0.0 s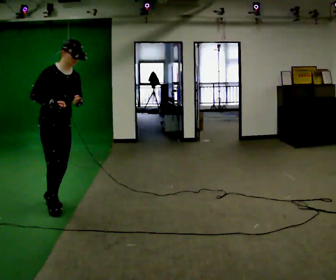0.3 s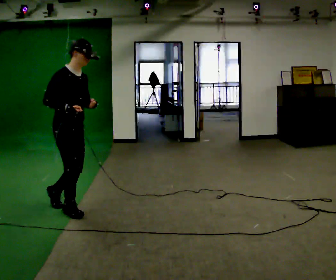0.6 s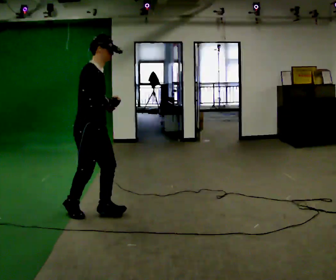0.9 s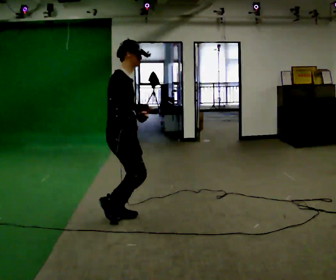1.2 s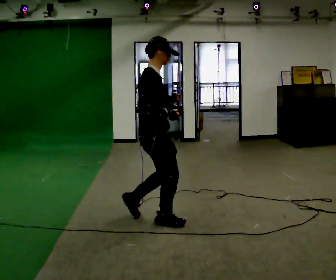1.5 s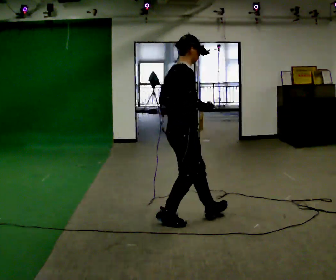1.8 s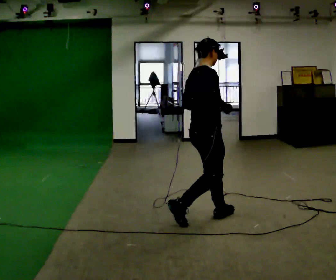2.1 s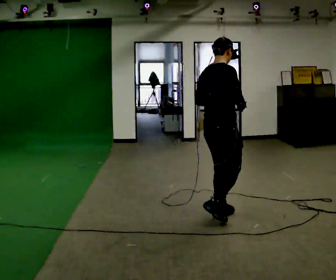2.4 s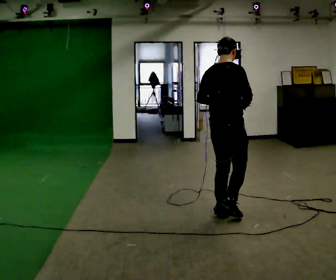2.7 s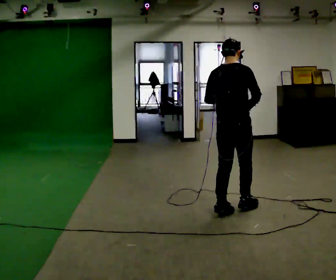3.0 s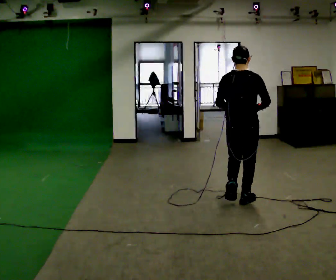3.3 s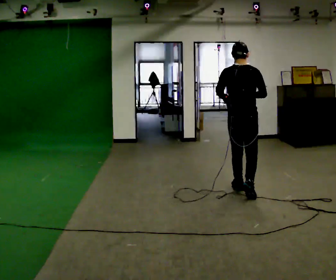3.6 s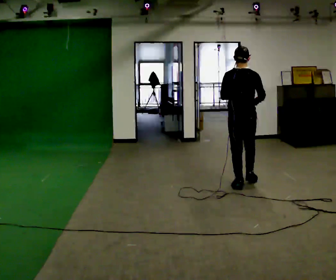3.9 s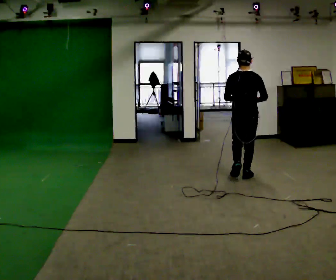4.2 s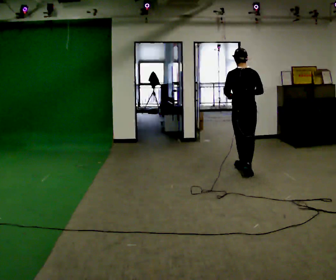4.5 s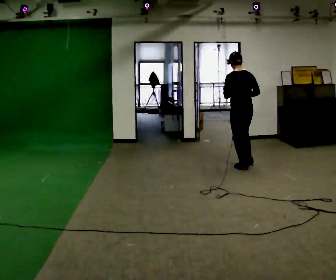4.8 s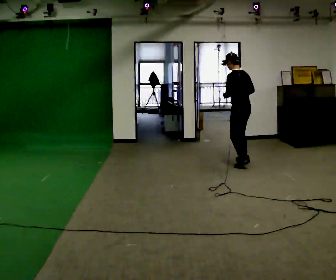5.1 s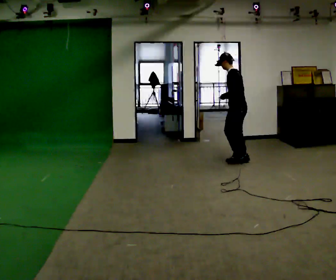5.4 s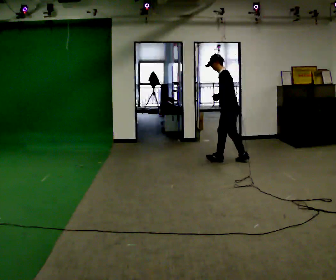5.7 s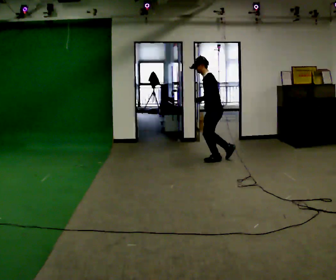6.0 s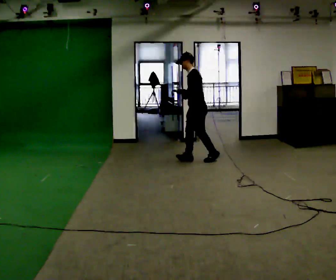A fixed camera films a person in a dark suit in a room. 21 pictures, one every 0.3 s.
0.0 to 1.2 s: Seen from above the body turns counterclockwise, about 45 degrees: to their left, with its near side sliding to the right. In the picture they go to the right, about 1 m in 3 steps, which for them is forward.
1.2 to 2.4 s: The person turns about 45 degrees to their left, counterclockwise seen from above, so the part of the body nearest the lens slides to the right. In the picture they go to the right and away from the camera, about 0.75 m in 1 step, which for them is forward.
2.4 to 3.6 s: The person turns about 30 degrees to their left, counterclockwise seen from above, so the part of the body nearest the lens slides to the right. In the picture they go away from the camera, about 1 m in 2 steps, which for them is forward.
3.6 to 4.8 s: The person turns about 60 degrees to their left, counterclockwise seen from above, so the part of the body nearest the lens slides to the right. In the picture they go away from the camera, about 1 m in 3 steps, which for them is forward.
4.8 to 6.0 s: Seen from above the body turns counterclockwise, about 60 degrees: to their left, with its near side sliding to the right. In the picture they go to the left, about 0.75 m in 1 step, which for them is forward.
The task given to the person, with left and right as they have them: Walk normally; turn left/right while slowing; after turn accelerate back to normal.
The film runs forward here.
